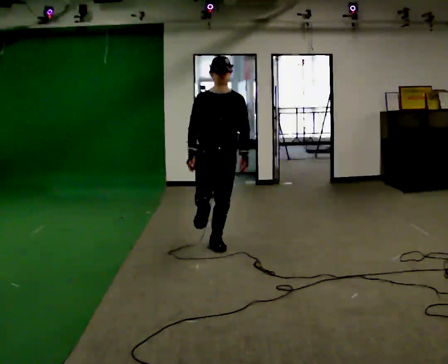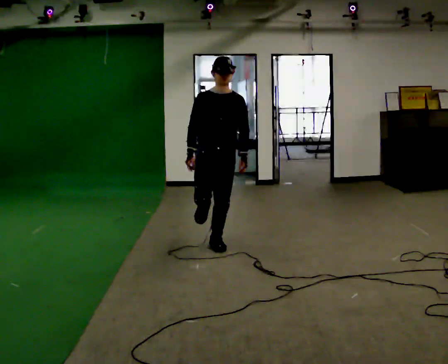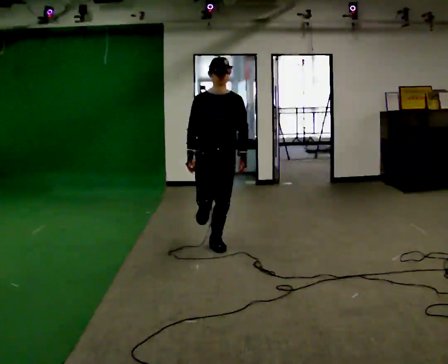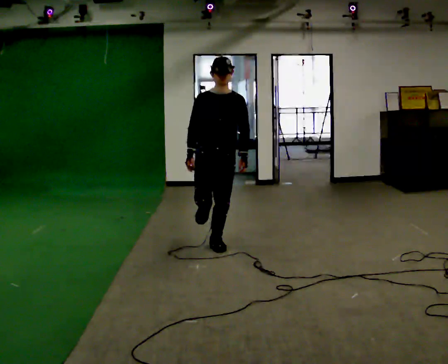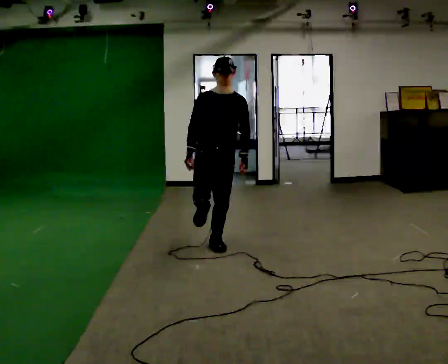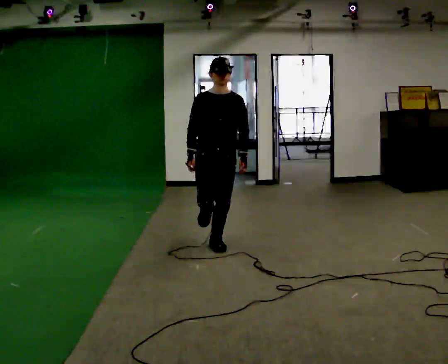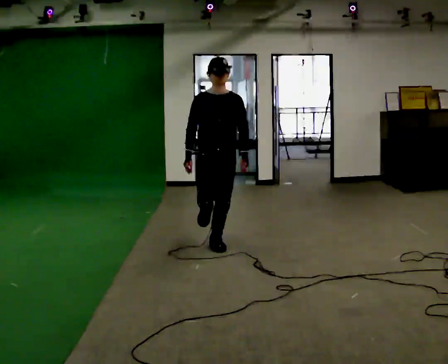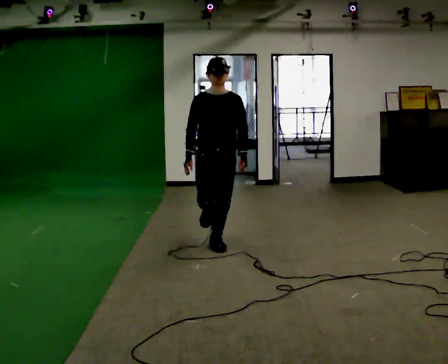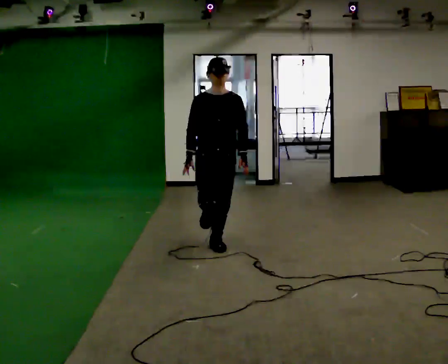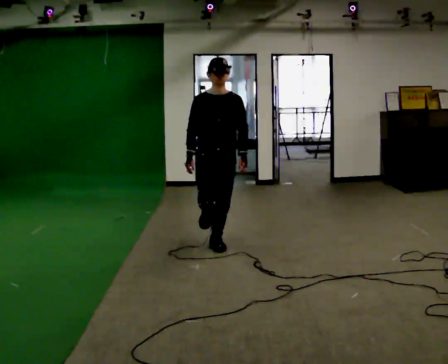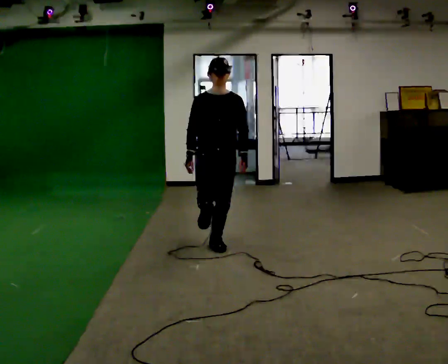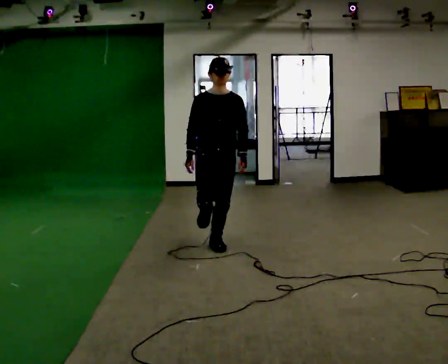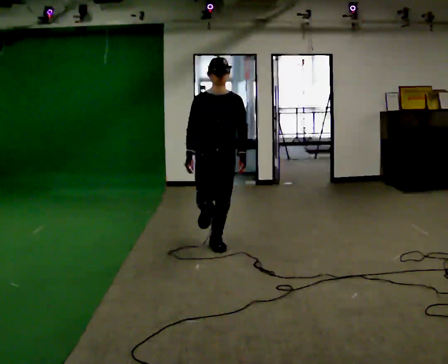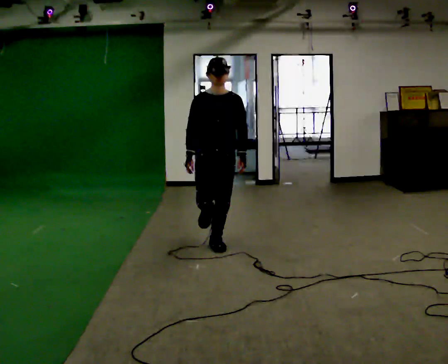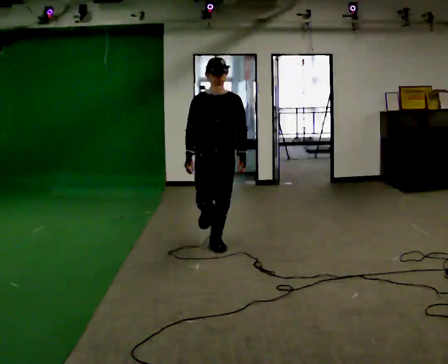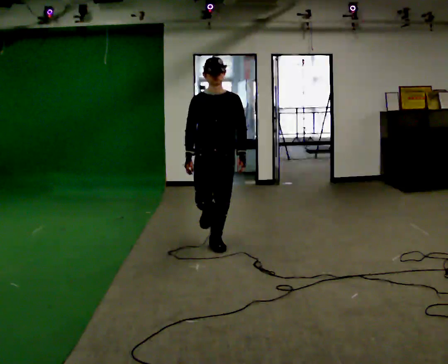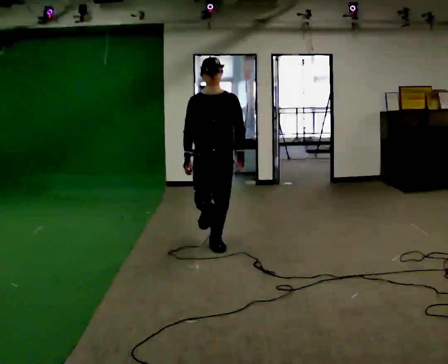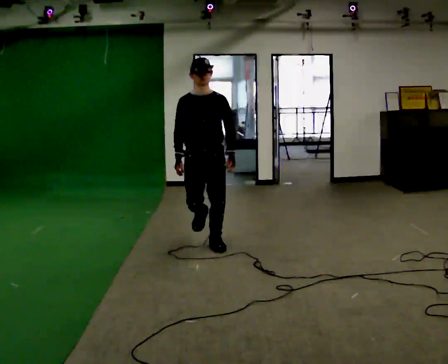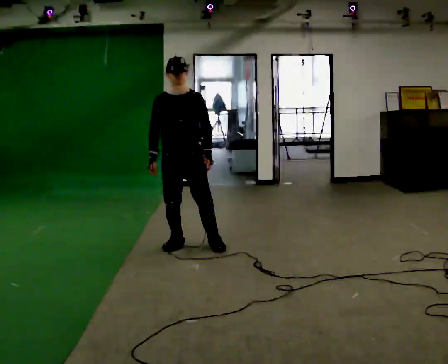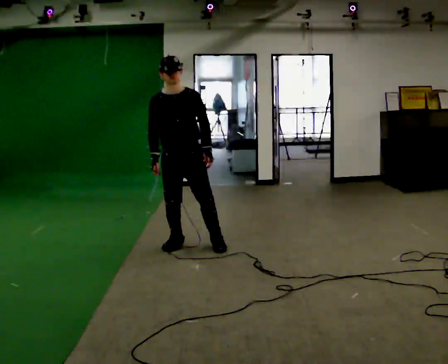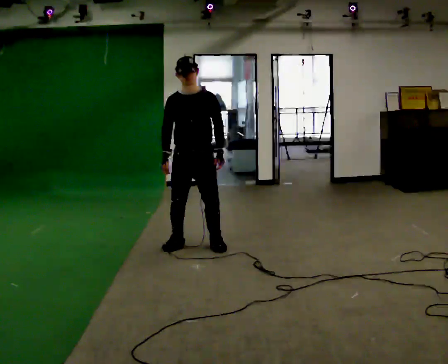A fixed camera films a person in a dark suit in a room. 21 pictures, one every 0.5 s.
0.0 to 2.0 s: The person keeps their place and pose.
2.0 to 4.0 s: The person moves a little, or ends about where they began.
4.0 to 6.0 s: The person keeps their place and pose.
6.0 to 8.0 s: The person moves a little, or ends about where they began.
8.0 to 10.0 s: In the picture they go to the left, about 0.25 m in 1 step, which for them is to their right.
The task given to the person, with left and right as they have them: Stand on one foot on the marked spot, on the side the operator calls. Hold it until you genuinely lose your balance, then put the other foot down. Repeat at your own pace until the operator says stop. Go slowly and only as far as you are comfortable. Step whenever you need to; do not try to hold on longer than feels safe.
The film runs forward here.
